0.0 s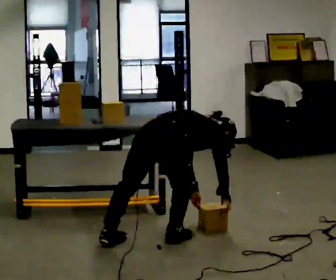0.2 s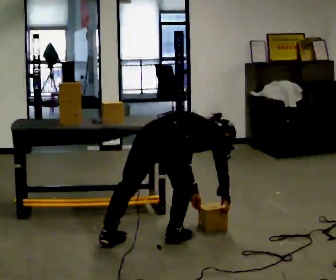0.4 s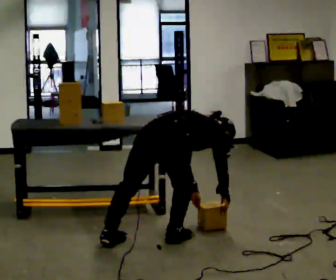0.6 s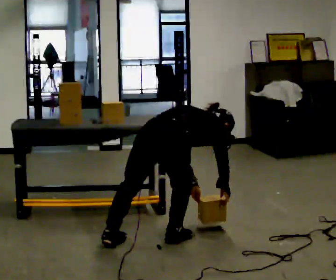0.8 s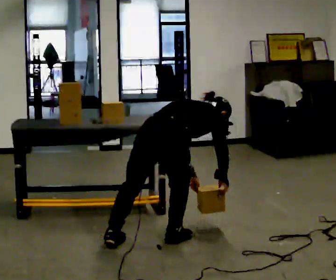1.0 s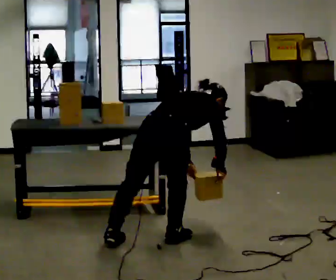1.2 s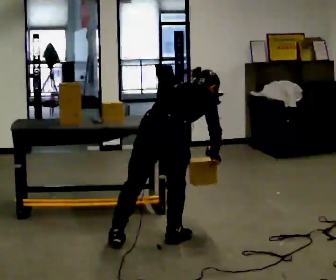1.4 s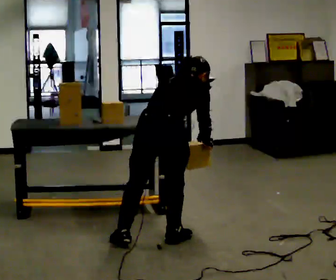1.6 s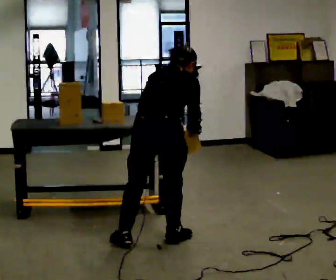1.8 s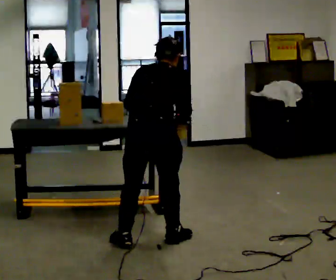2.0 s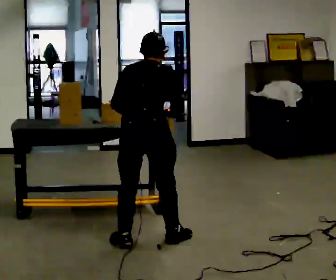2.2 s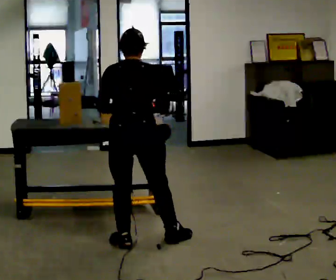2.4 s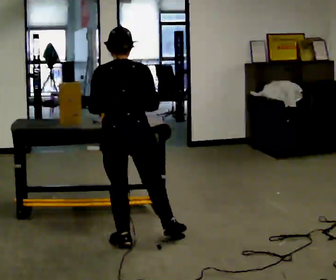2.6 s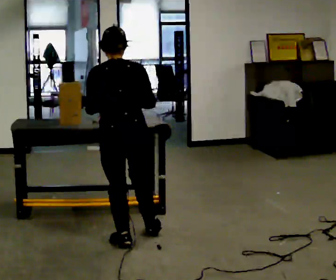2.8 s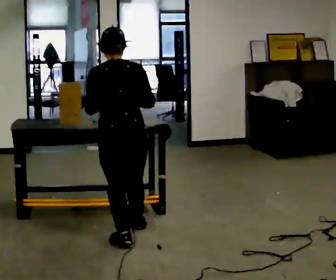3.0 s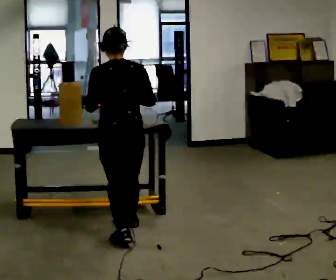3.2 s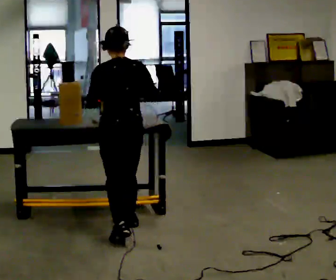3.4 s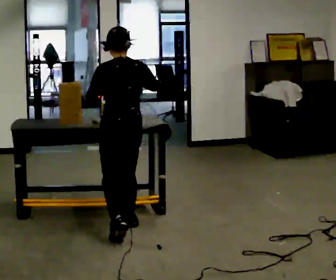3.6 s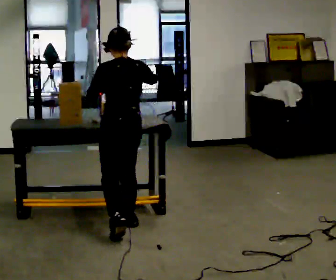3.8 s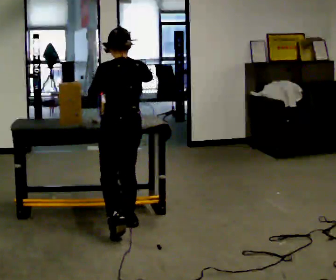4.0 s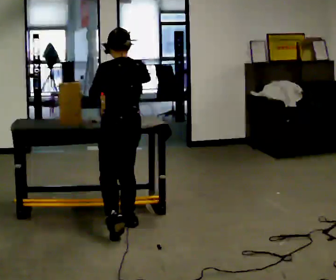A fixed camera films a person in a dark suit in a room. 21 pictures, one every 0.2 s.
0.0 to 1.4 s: Seen from above the body turns counterclockwise, about 30 degrees: to their left, with its near side sliding to the right. The upper body goes upward. In the picture the upper body tilts counterclockwise, shoulders to the left, as they lean back or straighten. In the picture their right hand goes upward.
1.4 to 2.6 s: The person turns about 30 degrees to their left, counterclockwise seen from above, so the part of the body nearest the lens slides to the right. In the picture they go to the left, about 0.25 m, which for them is to their left. In the picture the upper body tilts counterclockwise, shoulders to the left, as they lean back or straighten.
2.6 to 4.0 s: The part of the body nearest the lens slides to the right as the person turns to their left by about 30 degrees. In the picture they go away from the camera, about 0.25 m in 1 step, which for them is forward and to their right.
The film runs forward here.
